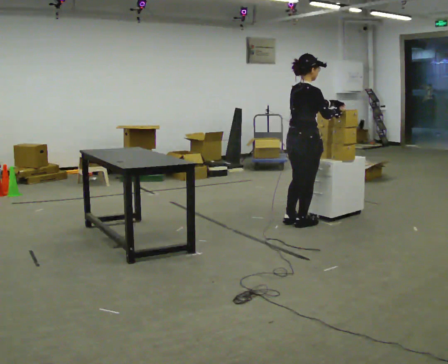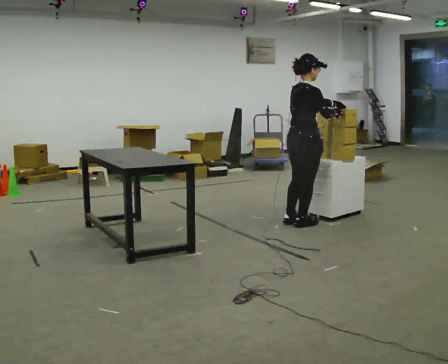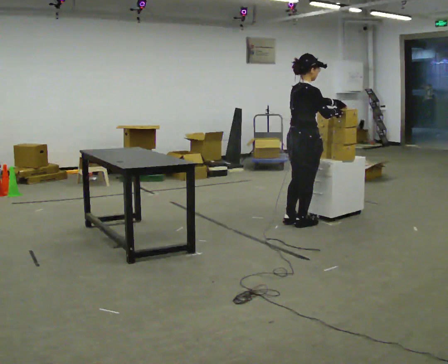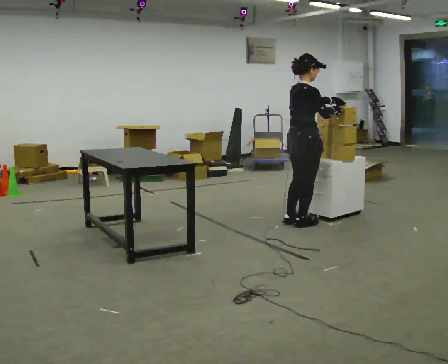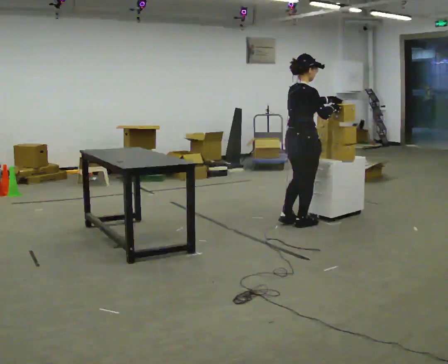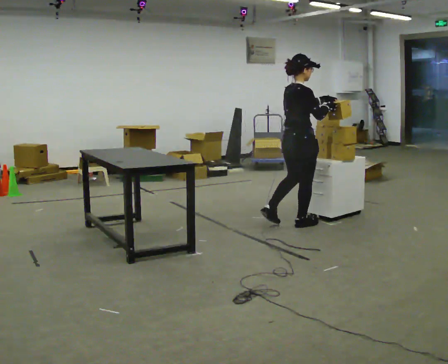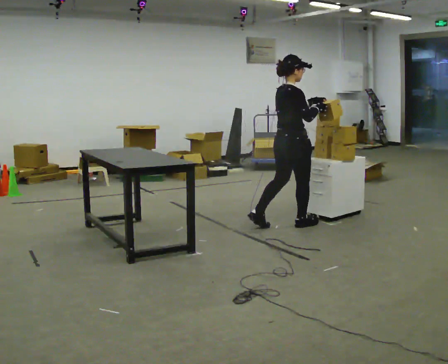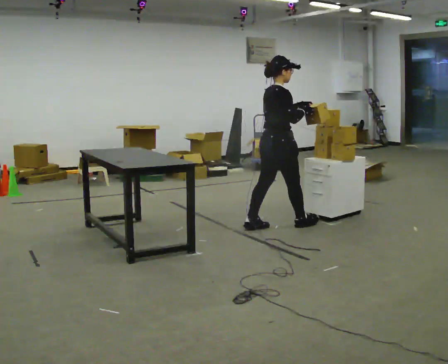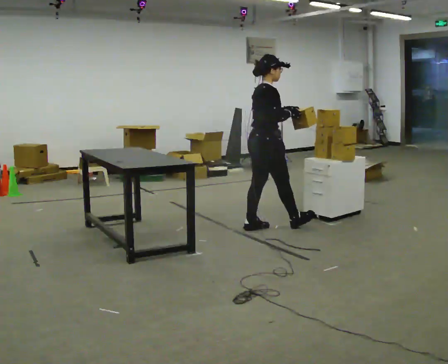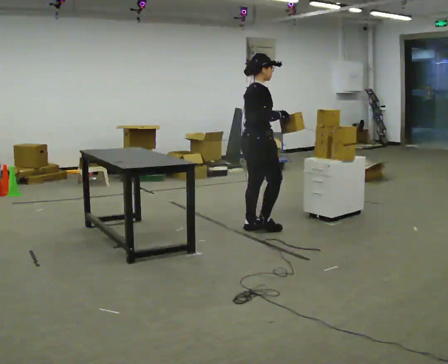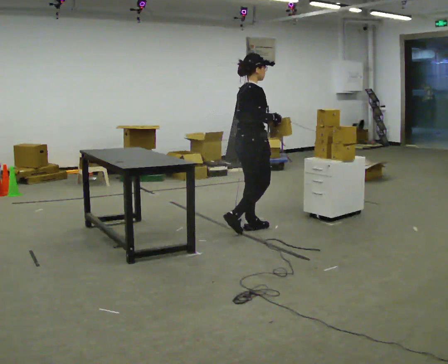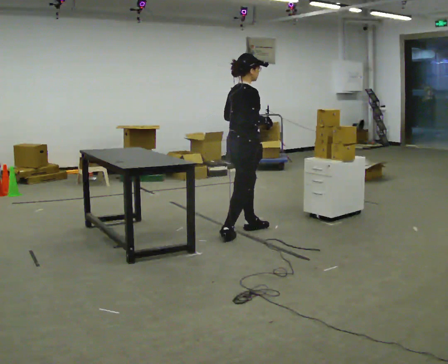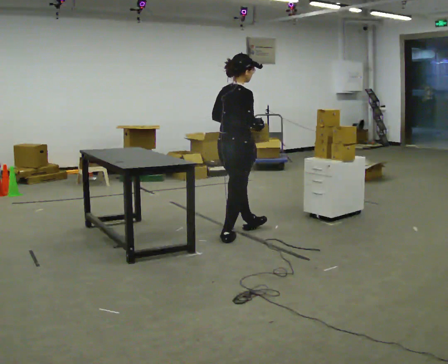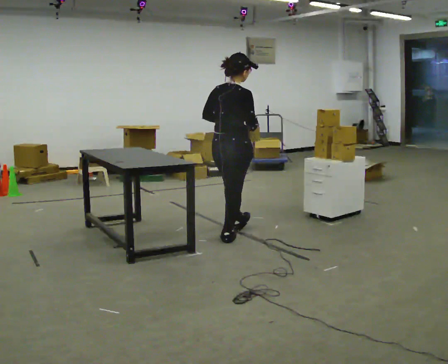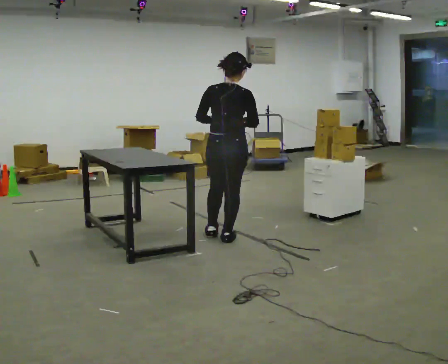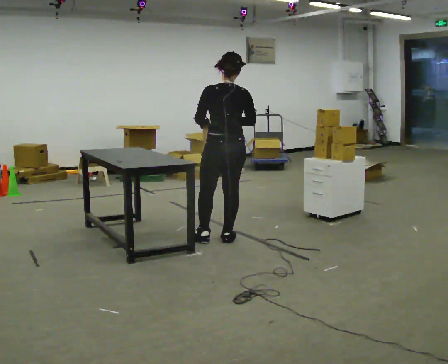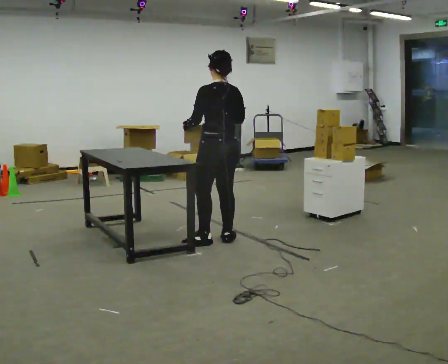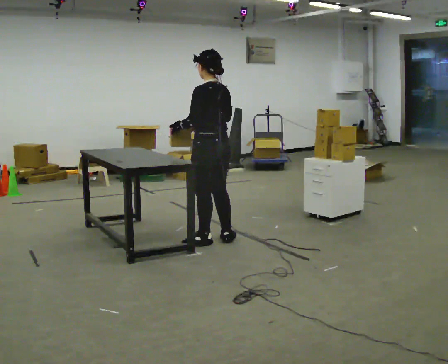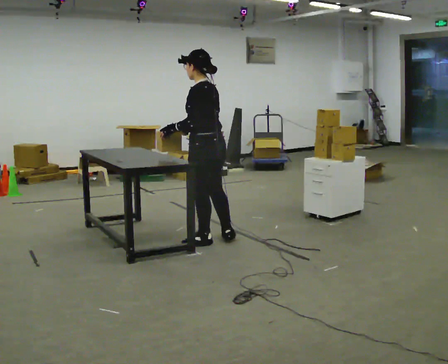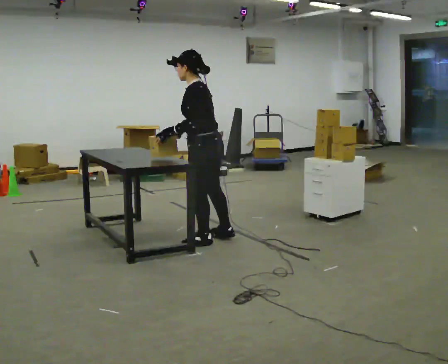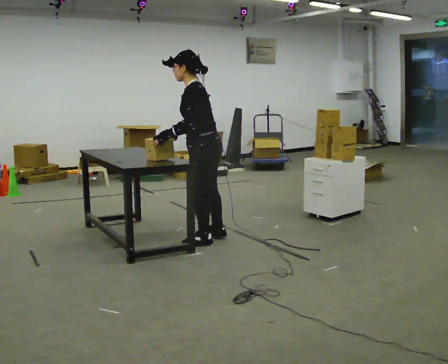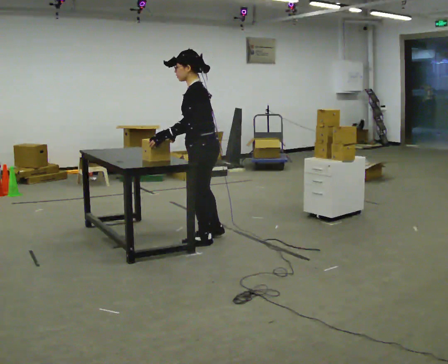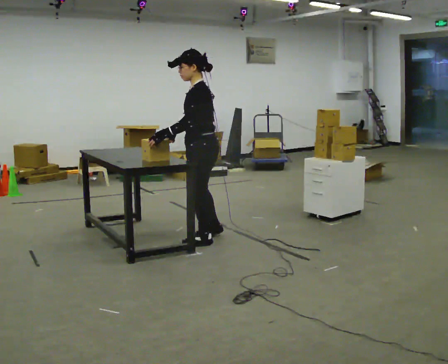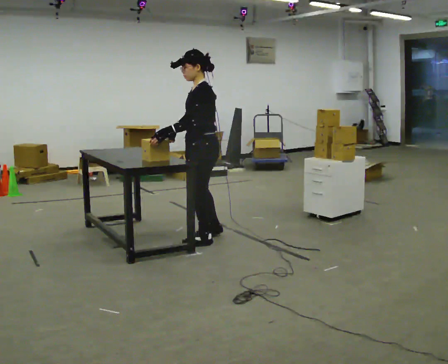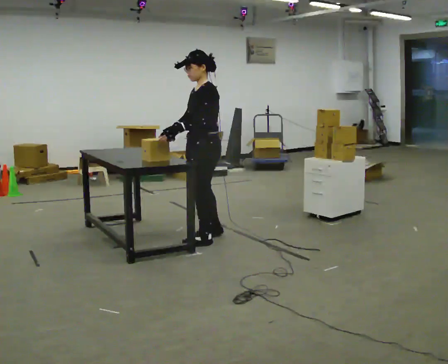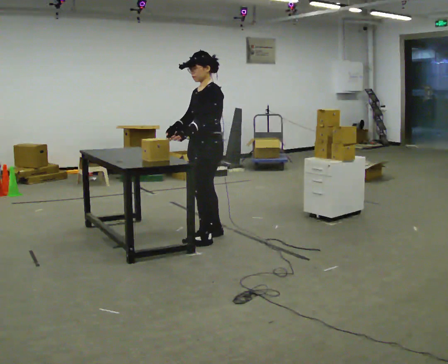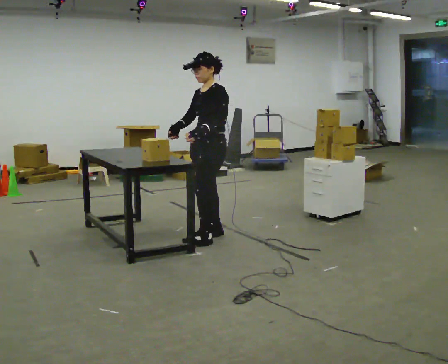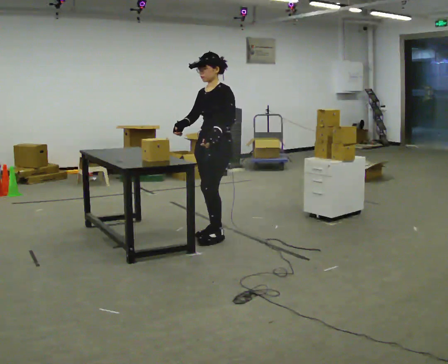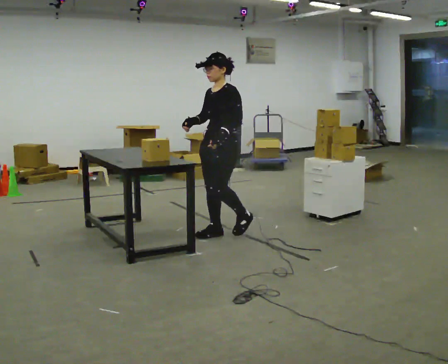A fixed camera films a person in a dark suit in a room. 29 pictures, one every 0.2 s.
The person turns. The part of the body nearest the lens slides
to the right.
The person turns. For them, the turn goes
to their left.
0.0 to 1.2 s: The person moves a little, or ends about where they began.
1.2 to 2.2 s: In the picture they go to the left, about 0.5 m in 1 step, which for them is backward.
2.2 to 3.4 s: The part of the body nearest the lens slides to the right as the person turns to their left by about 105 degrees. In the picture they go toward the camera and to the left, about 0.25 m in 1 step.
3.4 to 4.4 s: The person turns about 45 degrees to their left, counterclockwise seen from above, so the part of the body nearest the lens slides to the right.
4.4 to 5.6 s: The part of the body nearest the lens slides to the right as the person turns to their left by about 30 degrees. In the picture they go away from the camera, about 0.25 m in 1 step, which for them is backward and to their right.
The film runs backward here.
